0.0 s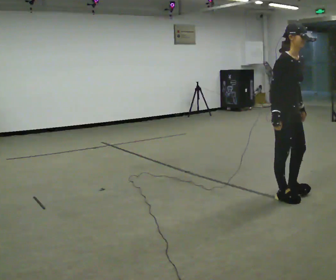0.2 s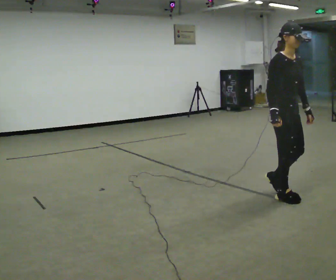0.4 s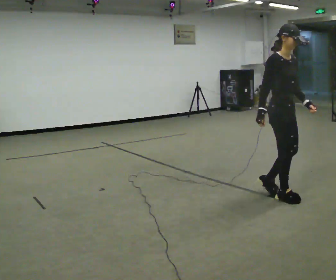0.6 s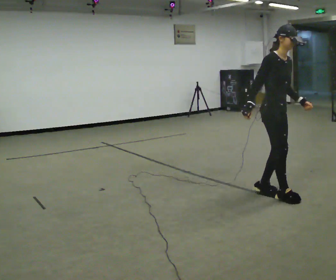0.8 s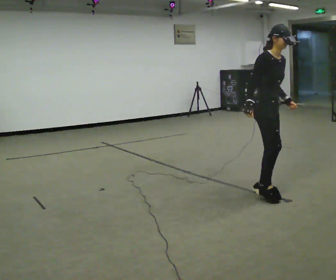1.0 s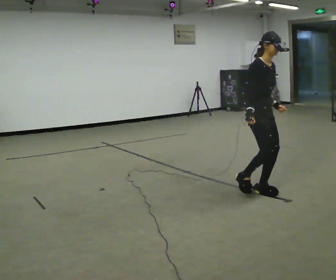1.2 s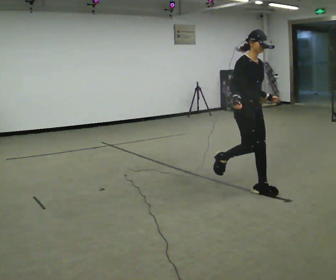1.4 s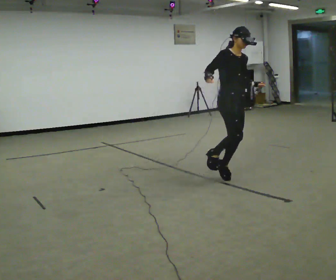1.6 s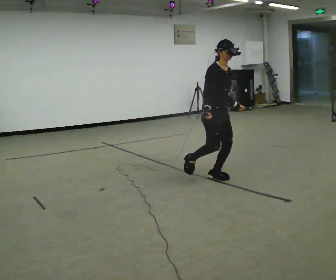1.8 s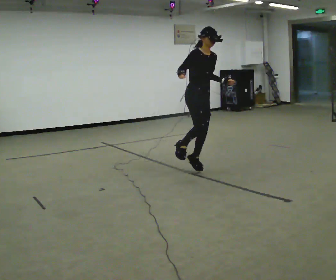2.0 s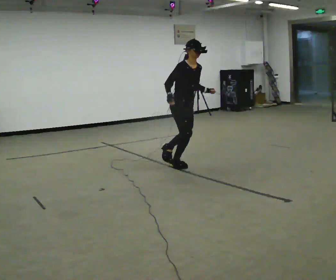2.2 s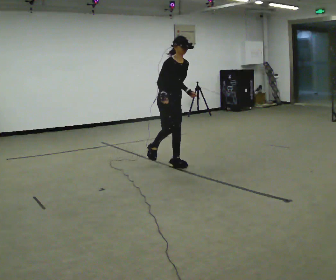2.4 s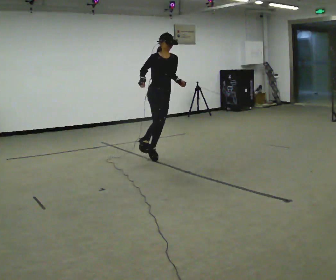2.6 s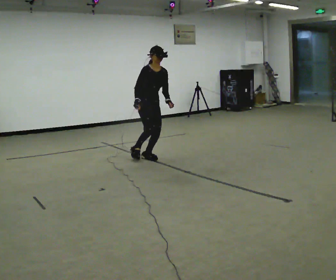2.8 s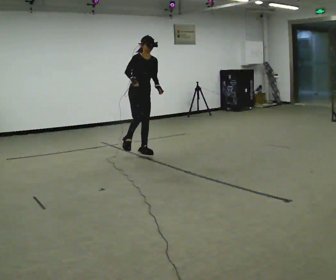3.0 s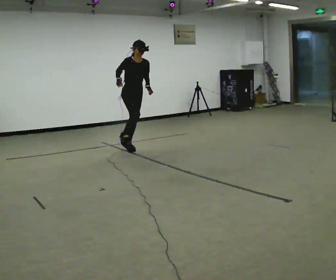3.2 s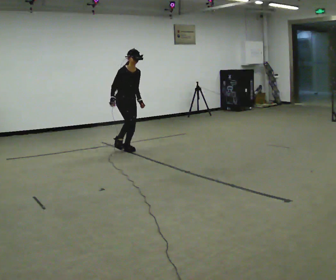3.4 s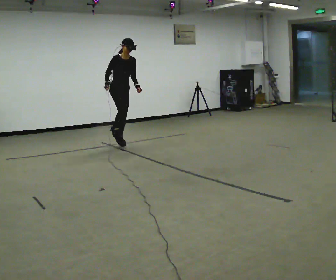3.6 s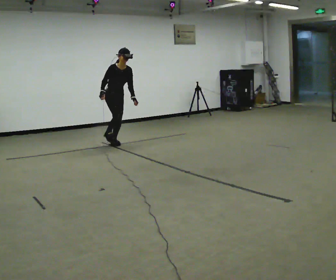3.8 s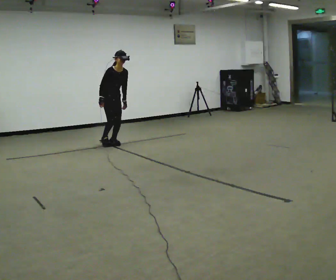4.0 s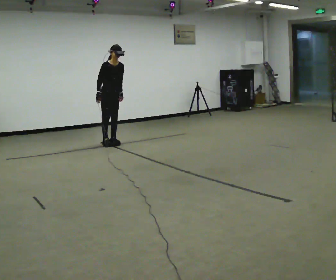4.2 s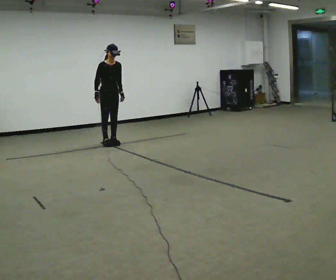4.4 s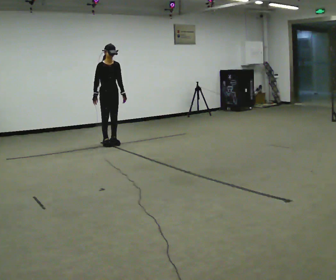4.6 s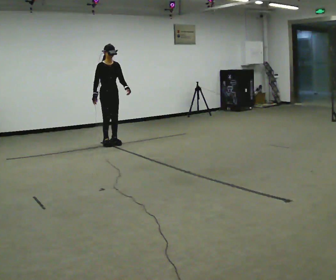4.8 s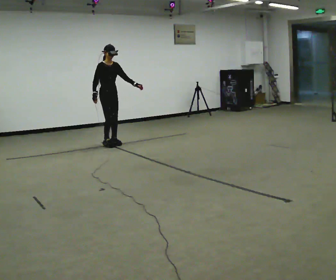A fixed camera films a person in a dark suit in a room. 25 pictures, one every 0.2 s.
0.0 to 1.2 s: In the picture they go away from the camera and to the left, about 0.5 m in 2 steps, which for them is backward.
1.2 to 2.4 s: In the picture they go away from the camera and to the left, about 1.5 m in 2 steps, which for them is backward.
2.4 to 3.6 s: In the picture they go away from the camera and to the left, about 1.5 m in 2 steps, which for them is backward.
3.6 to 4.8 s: In the picture the upper body tilts counterclockwise, shoulders to the left.
The film runs backward here.
